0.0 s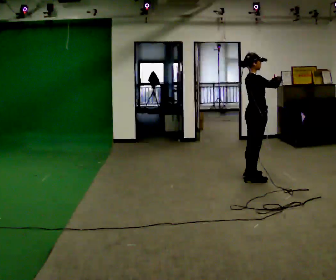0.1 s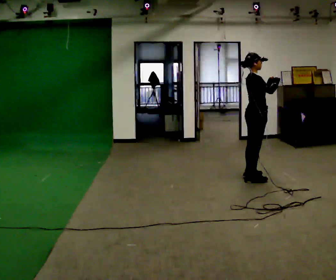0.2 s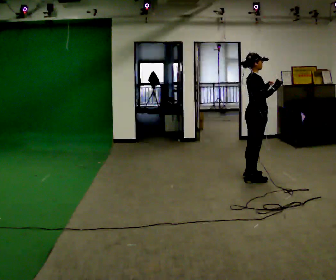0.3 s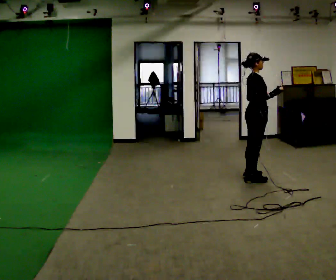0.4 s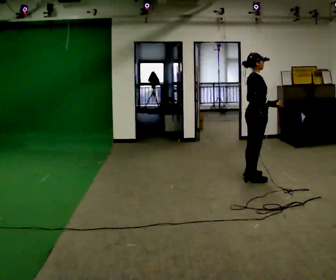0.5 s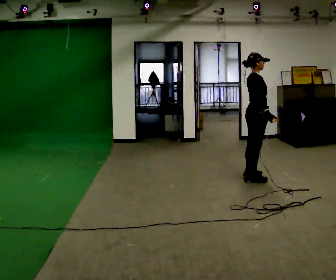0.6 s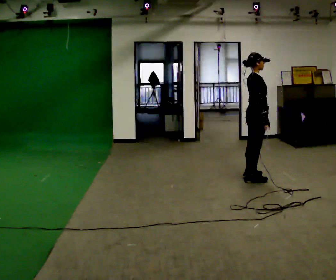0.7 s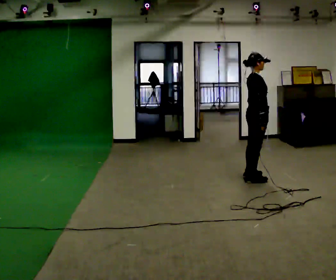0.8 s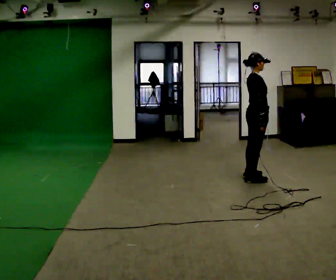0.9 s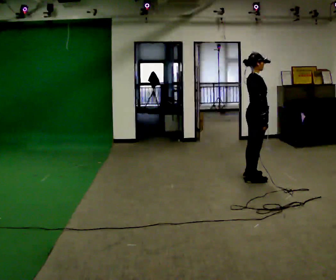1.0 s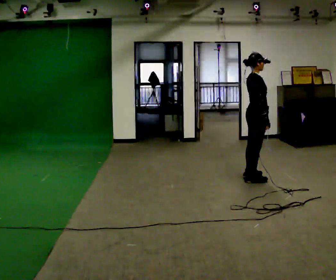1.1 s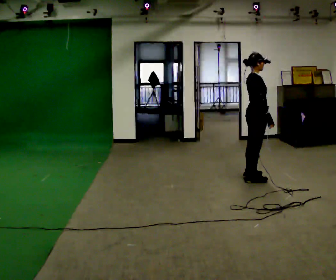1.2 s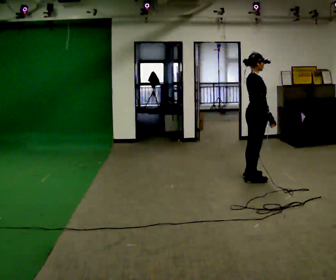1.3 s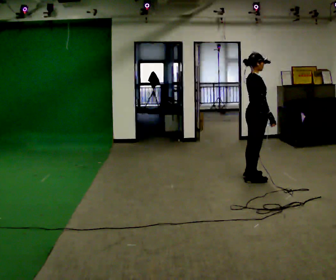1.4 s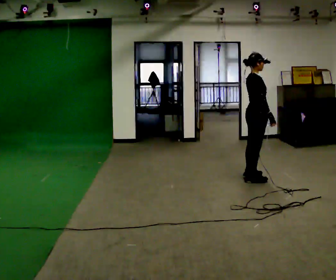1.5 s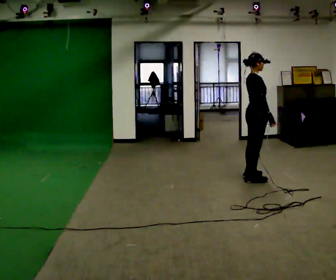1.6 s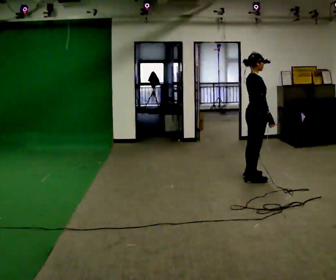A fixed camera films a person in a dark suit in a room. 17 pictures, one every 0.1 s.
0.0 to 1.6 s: In the picture their right hand goes downward.
The film runs forward here.
